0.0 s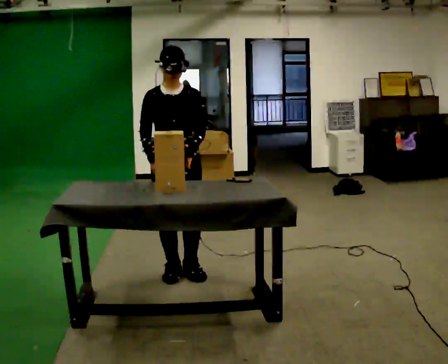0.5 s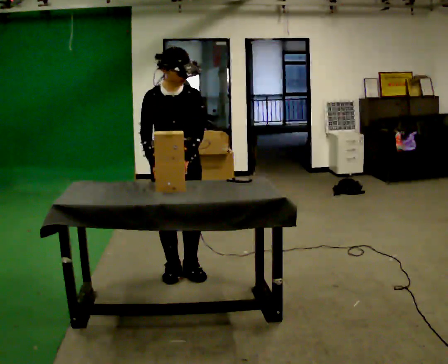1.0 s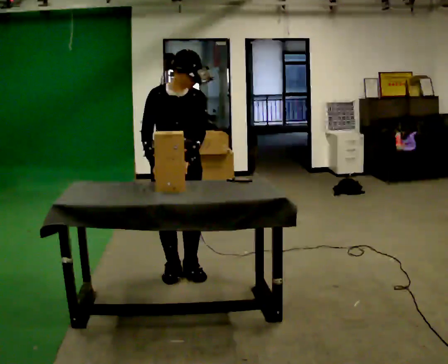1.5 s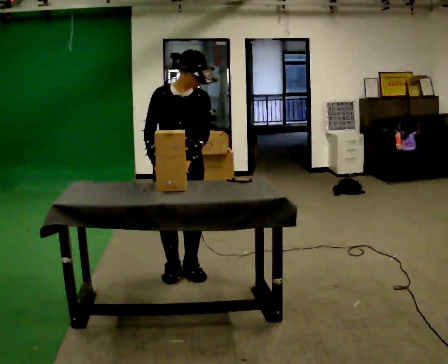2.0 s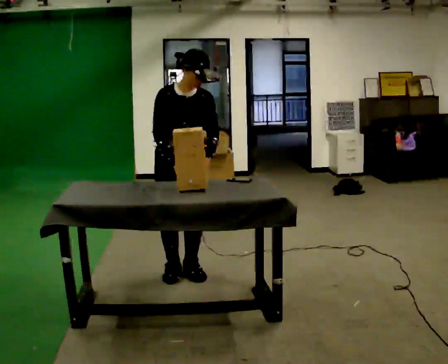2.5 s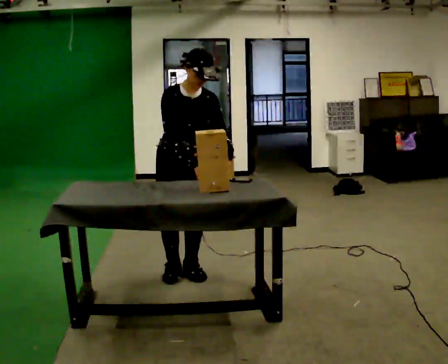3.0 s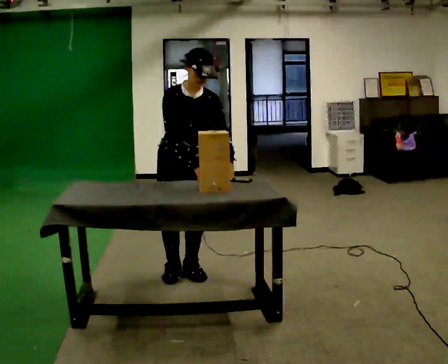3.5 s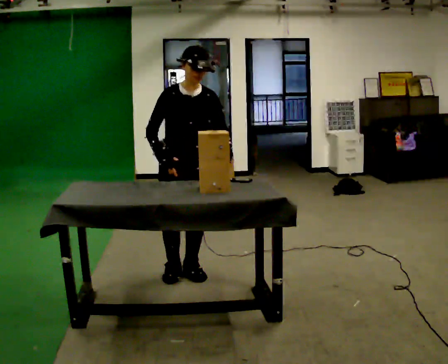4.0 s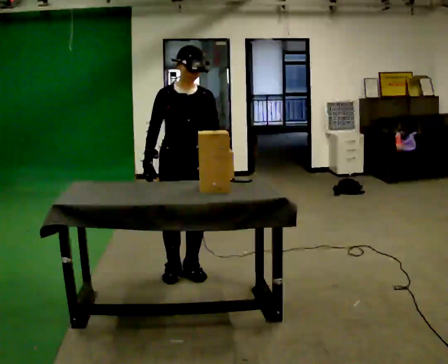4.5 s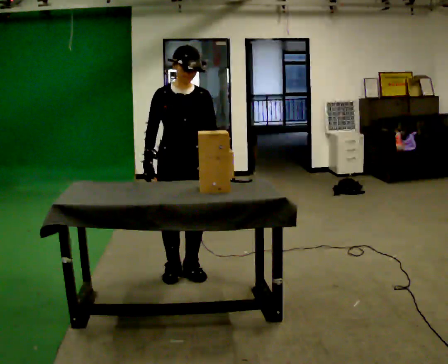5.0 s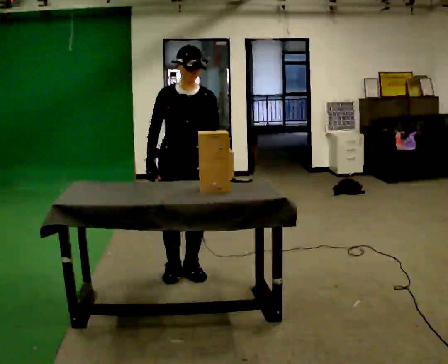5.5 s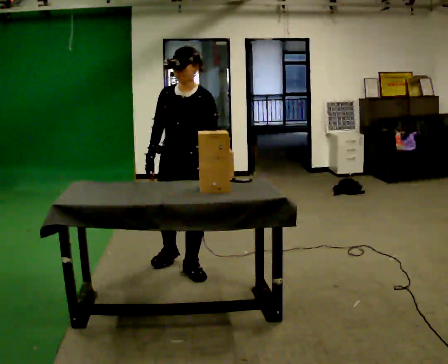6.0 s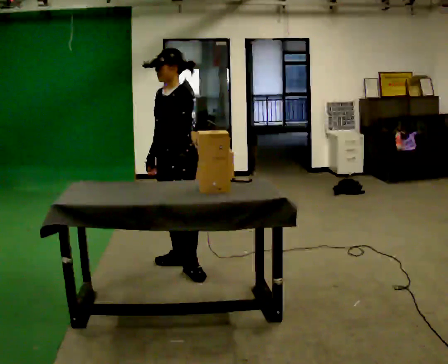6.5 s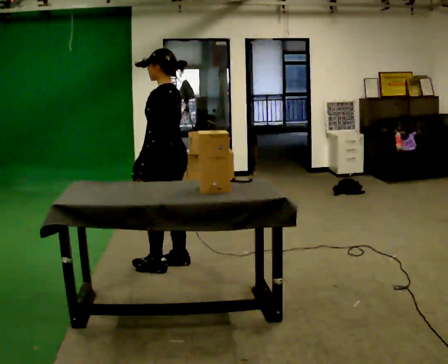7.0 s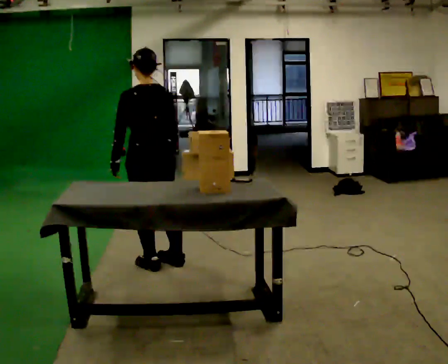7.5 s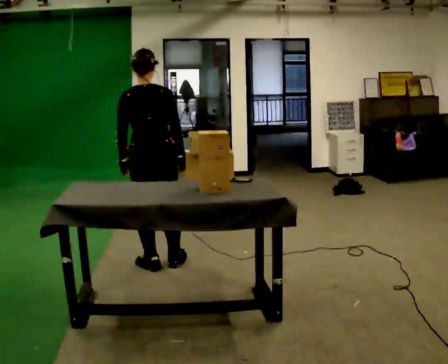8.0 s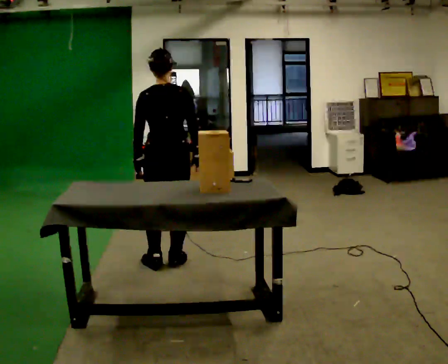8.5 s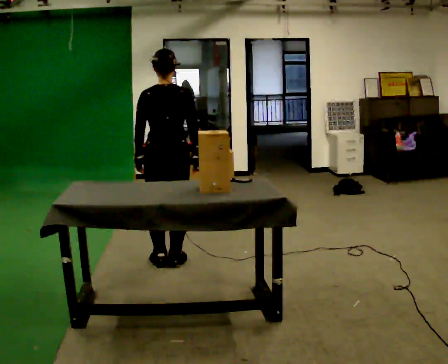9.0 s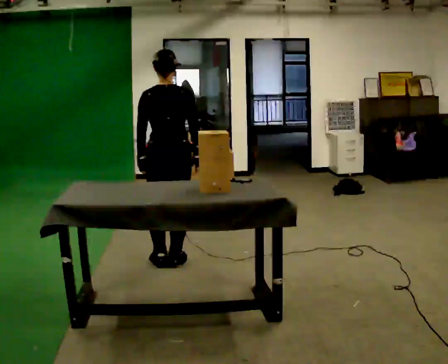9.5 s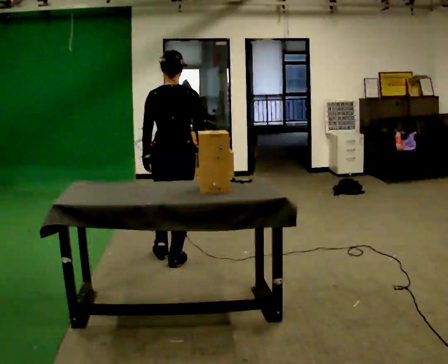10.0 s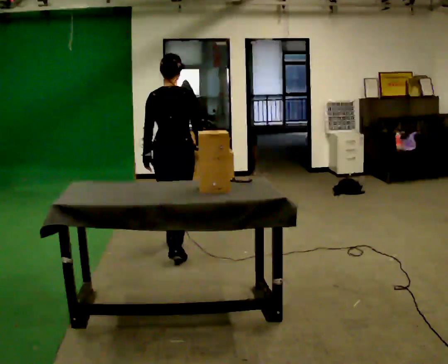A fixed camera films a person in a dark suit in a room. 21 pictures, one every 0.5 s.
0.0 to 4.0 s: The person moves a little, or ends about where they began.
4.0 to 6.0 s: The person turns about 60 degrees to their right, clockwise seen from above, so the part of the body nearest the lens slides to the left. In the picture they go away from the camera, about 0.25 m in 1 step.
6.0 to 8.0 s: Seen from above the body turns clockwise, about 120 degrees: to their right, with its near side sliding to the left. In the picture their left hand goes to the left.
8.0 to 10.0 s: In the picture they go away from the camera, about 0.25 m in 1 step, which for them is forward.
The film runs forward here.
